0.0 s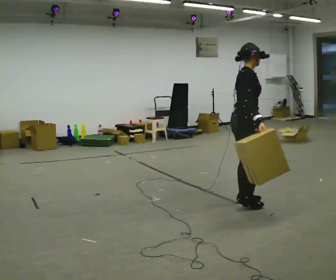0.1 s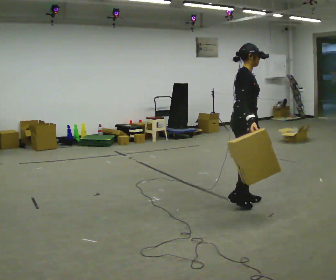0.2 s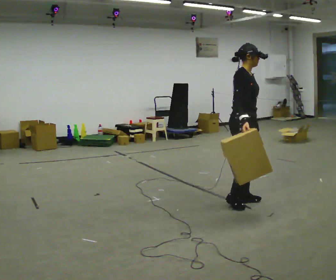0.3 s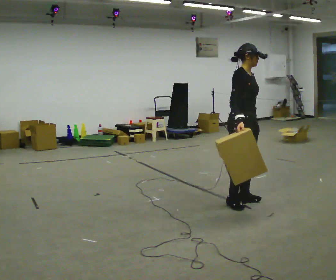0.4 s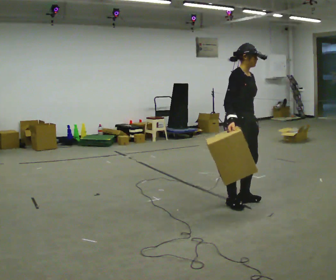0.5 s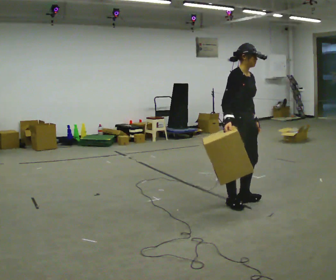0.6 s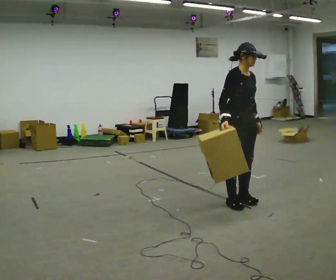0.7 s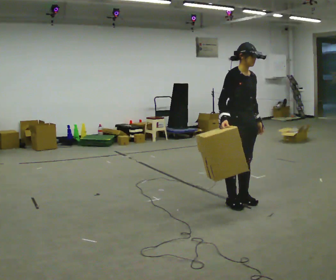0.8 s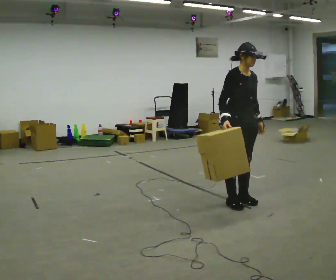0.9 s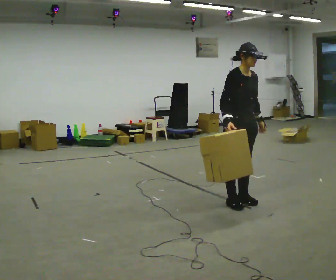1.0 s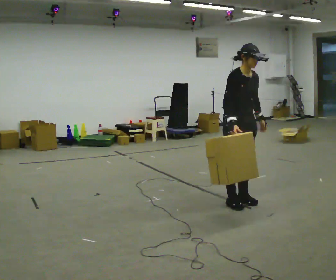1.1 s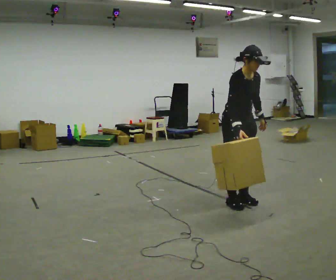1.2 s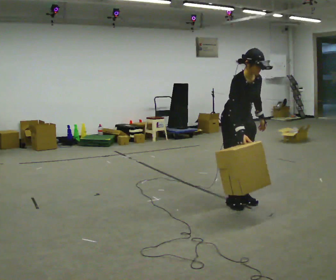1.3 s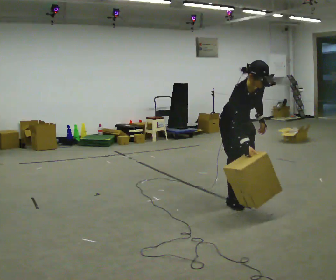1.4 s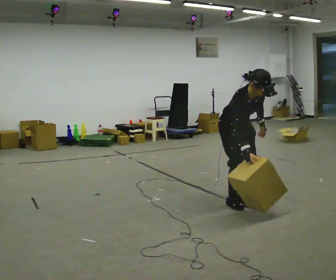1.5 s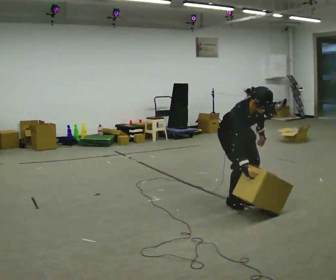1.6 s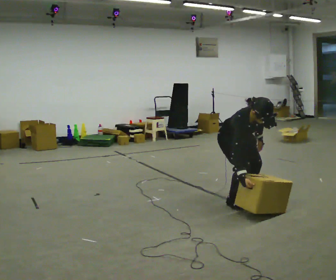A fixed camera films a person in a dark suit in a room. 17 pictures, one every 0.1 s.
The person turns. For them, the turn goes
to their right.
Their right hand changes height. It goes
downward.
0.0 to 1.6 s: The person turns about 60 degrees to their right, clockwise seen from above, so the part of the body nearest the lens slides to the left. The shoulders move downward. The upper body tips toward the camera, its near side rolling downward, as they bend forward.
The film runs backward here.
